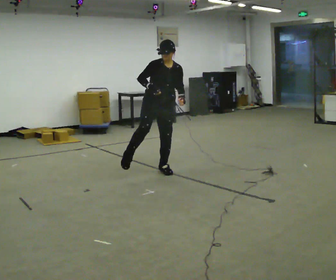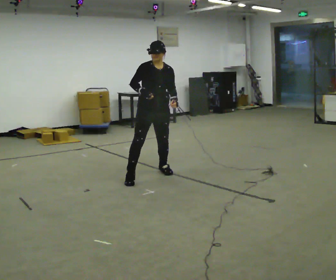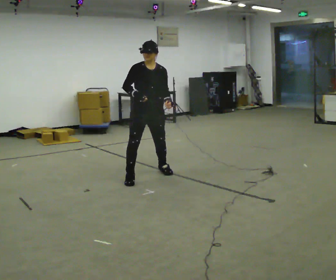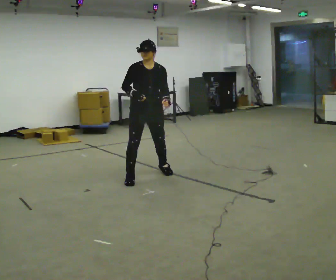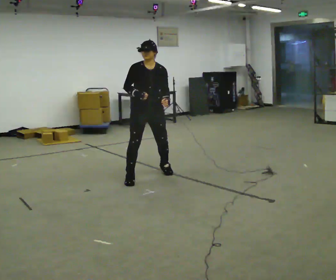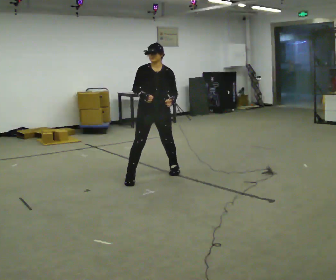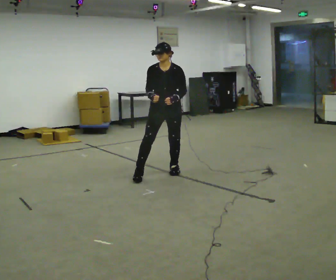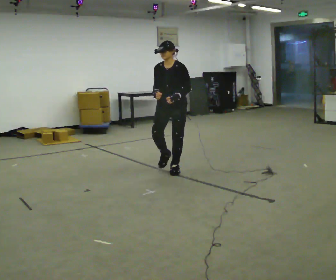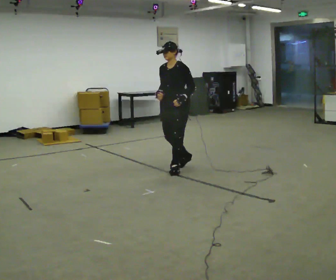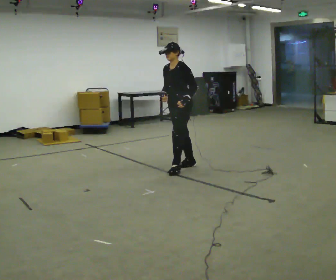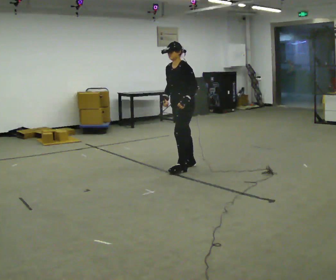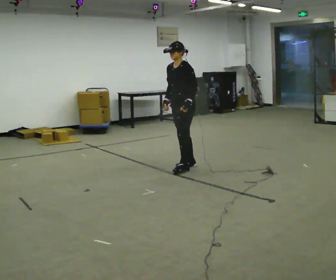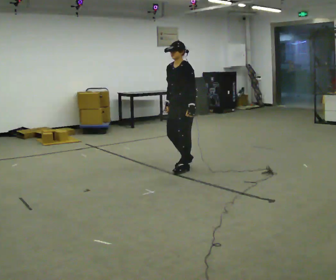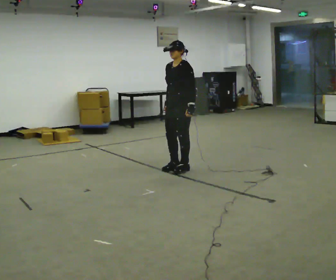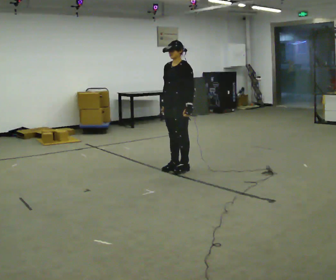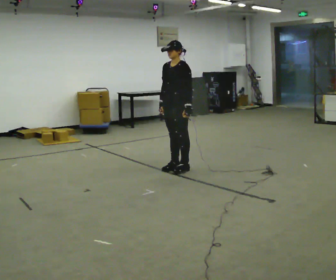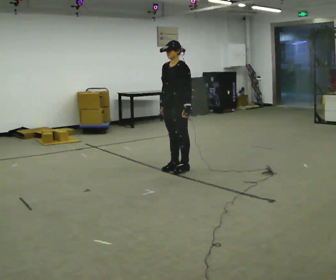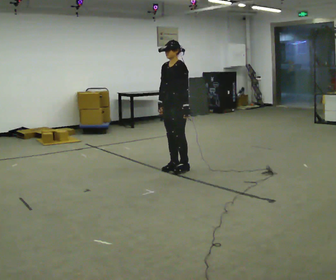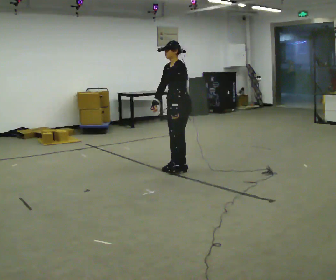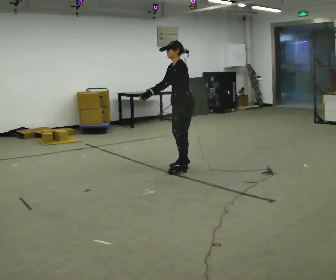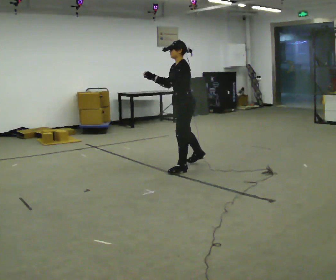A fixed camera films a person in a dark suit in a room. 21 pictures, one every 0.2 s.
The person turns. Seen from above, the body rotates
clockwise.
The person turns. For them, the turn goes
to their right.
0.0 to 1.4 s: The part of the body nearest the lens slides to the left as the person turns to their right by about 45 degrees. In the picture they go to the right, about 0.25 m in 1 step, which for them is to their left. In the picture the upper body tilts counterclockwise, shoulders to the left.
1.4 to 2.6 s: Seen from above the body turns clockwise, about 30 degrees: to their right, with its near side sliding to the left.
2.6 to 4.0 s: Seen from above the body turns clockwise, about 30 degrees: to their right, with its near side sliding to the left. In the picture their left hand goes to the left and upward, the arm swinging clockwise.
The film runs forward here.
